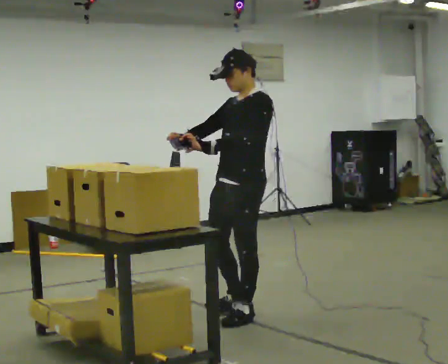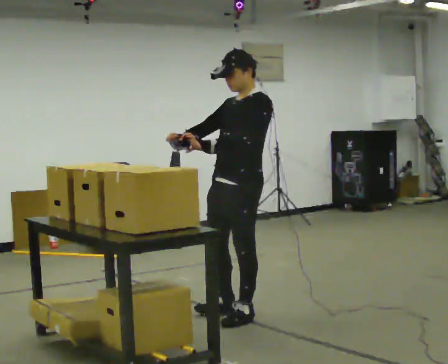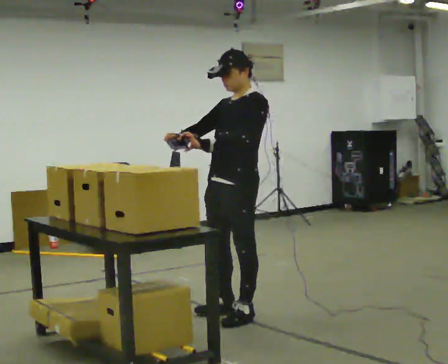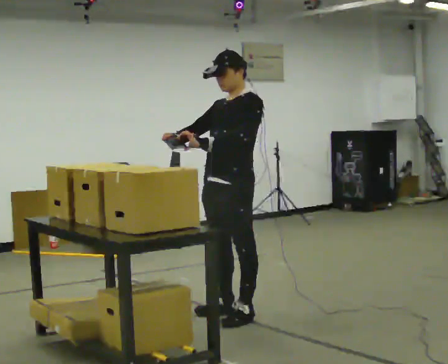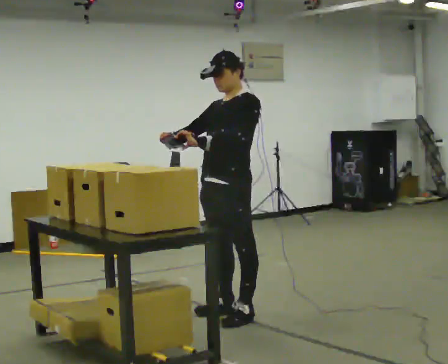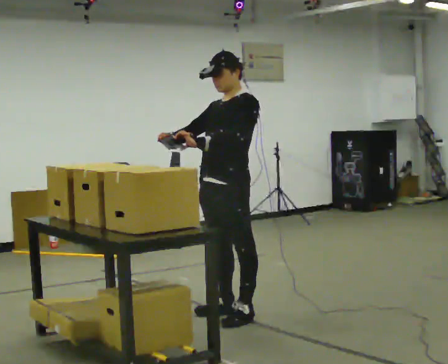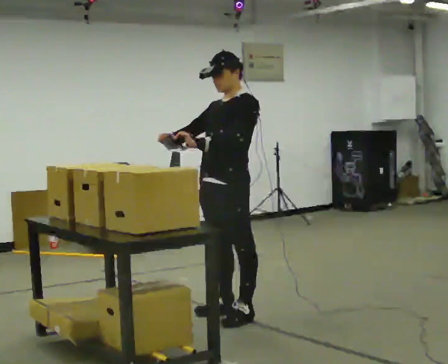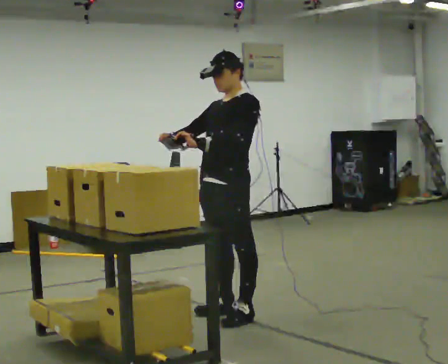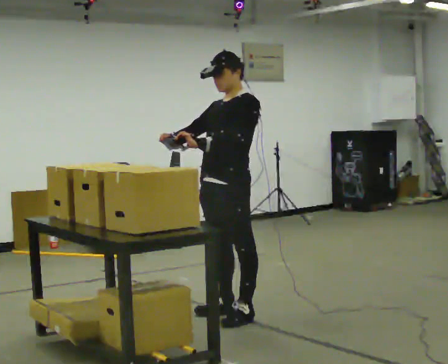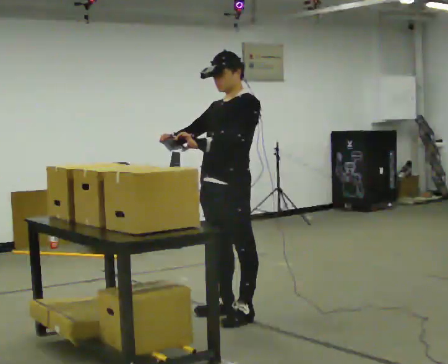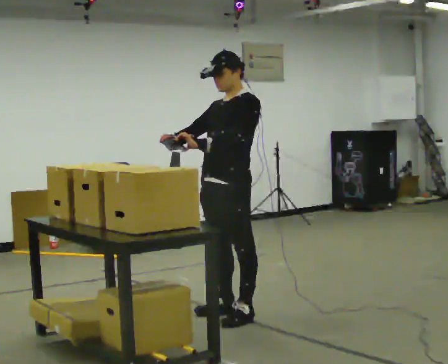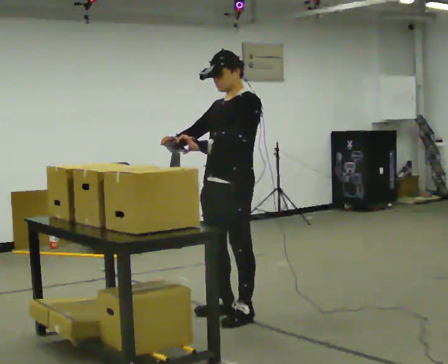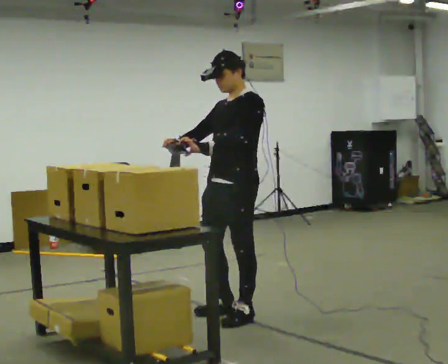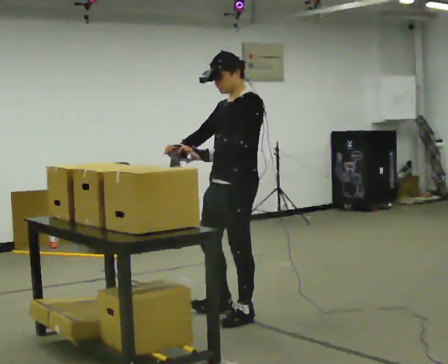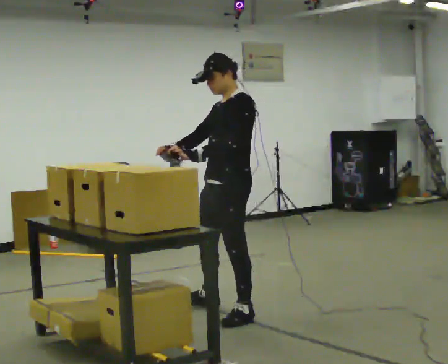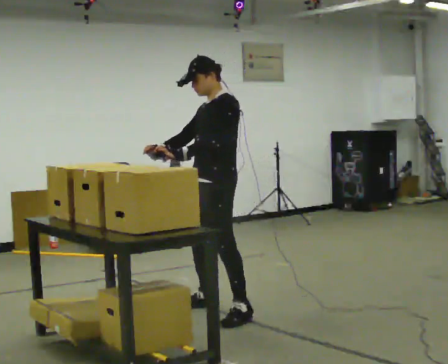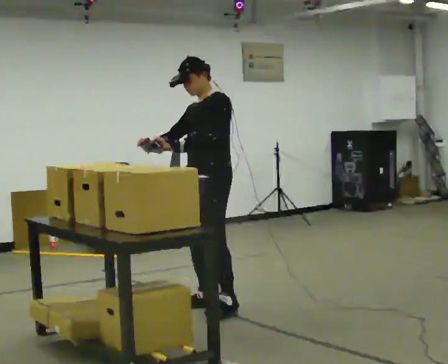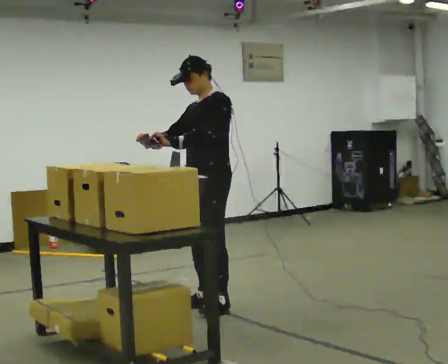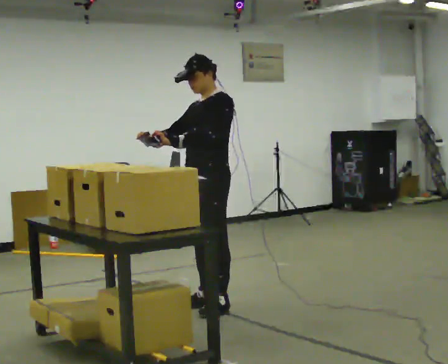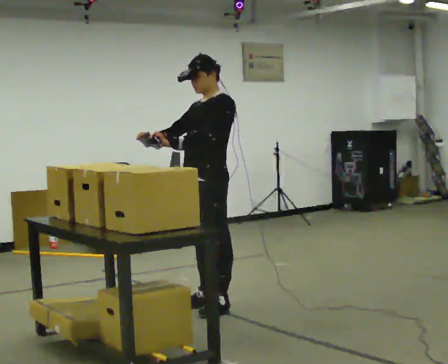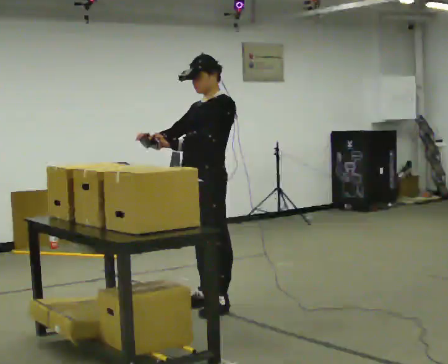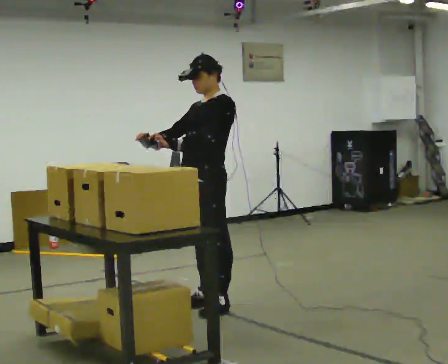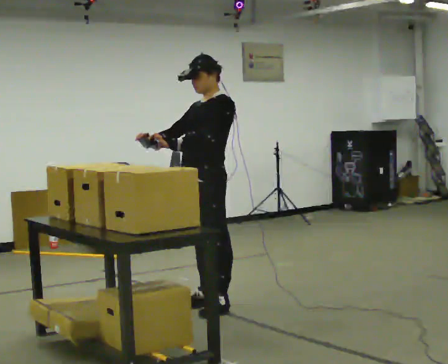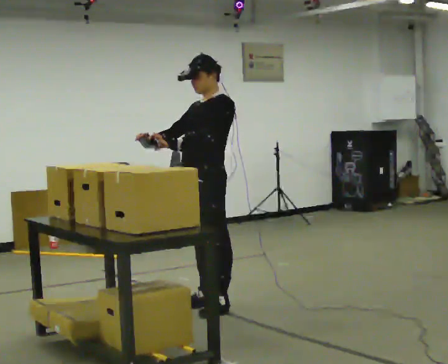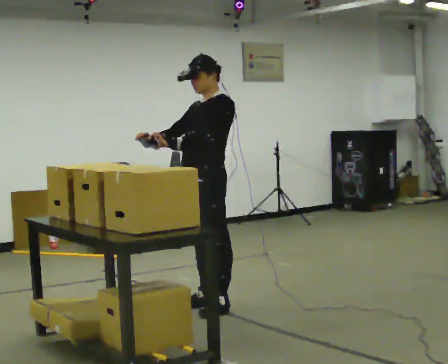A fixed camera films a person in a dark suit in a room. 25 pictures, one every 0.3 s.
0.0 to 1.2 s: The person moves a little, or ends about where they began.
1.2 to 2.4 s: The person keeps their place and pose.
2.4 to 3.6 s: The person moves a little, or ends about where they began.
3.6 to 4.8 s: In the picture they go away from the camera and to the left, about 0.25 m in 1 step, which for them is to their right.
4.8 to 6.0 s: The person moves a little, or ends about where they began.
6.0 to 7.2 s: The person keeps their place and pose.
The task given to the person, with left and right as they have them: Point the scanner at each label on the shelf in front of you and press the button. Repeat at your own pace until the operator says stop. Keep both feet on the marked spots for the whole take. If you have to step, stop and tell the operator.
The film runs forward here.
